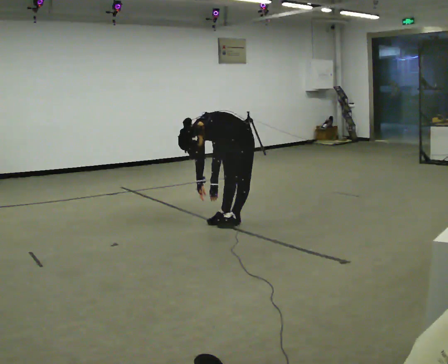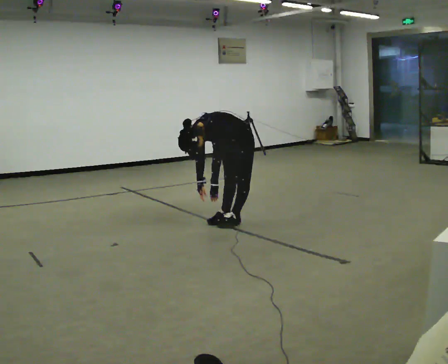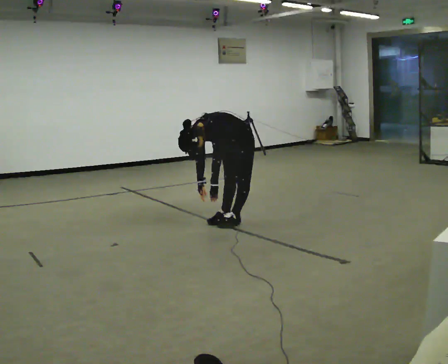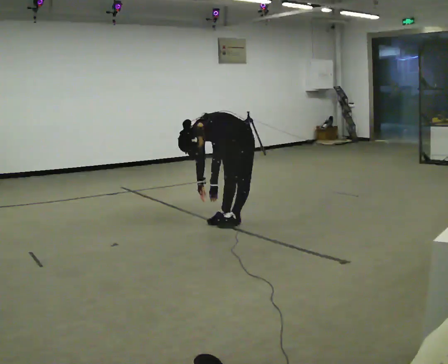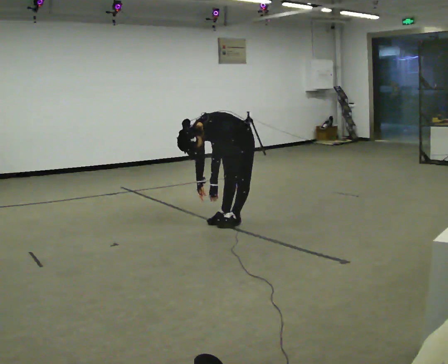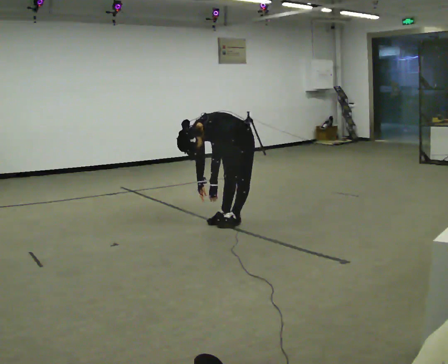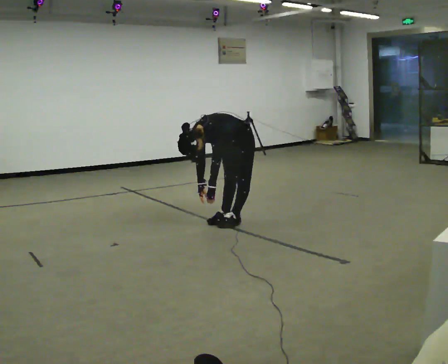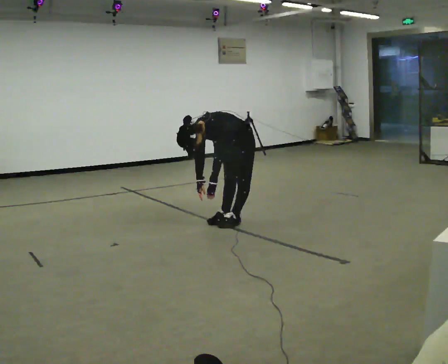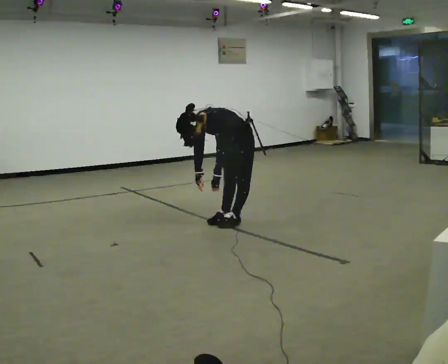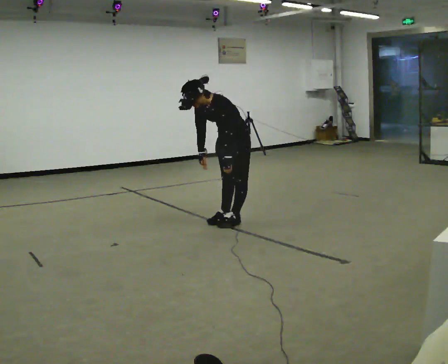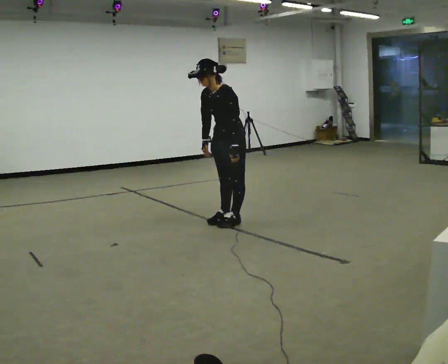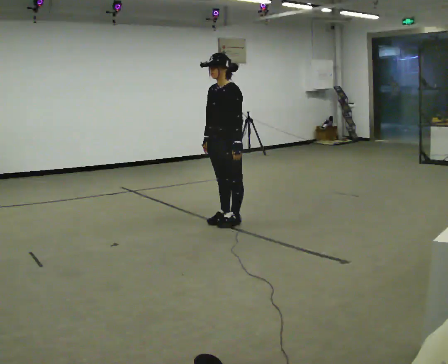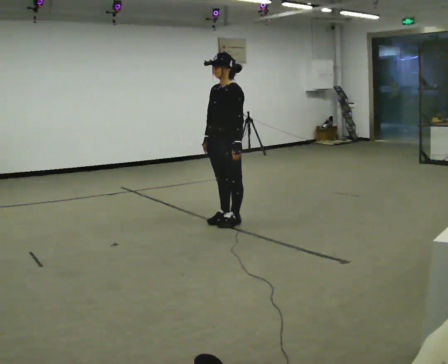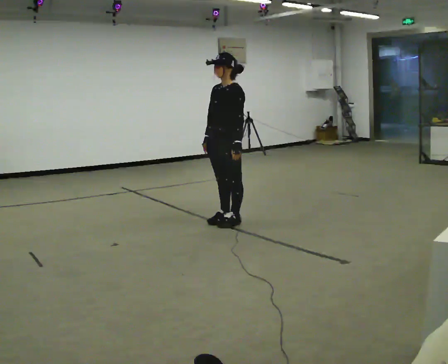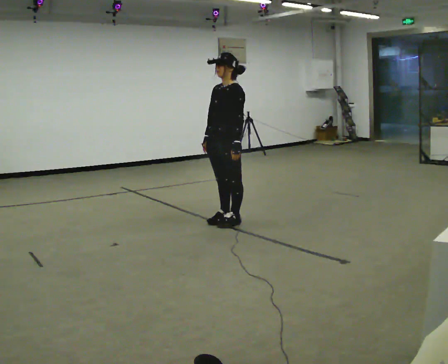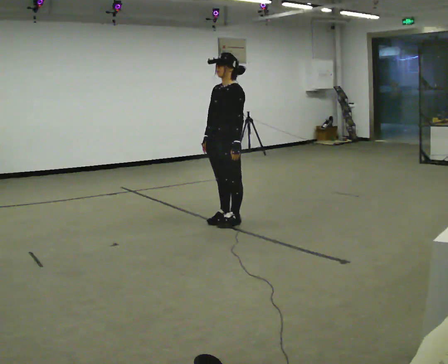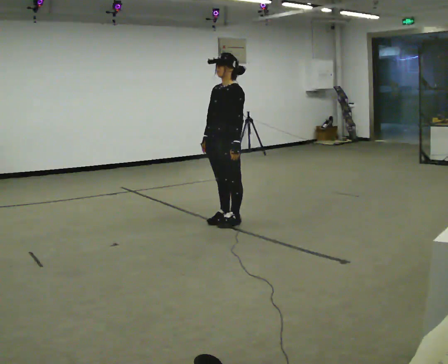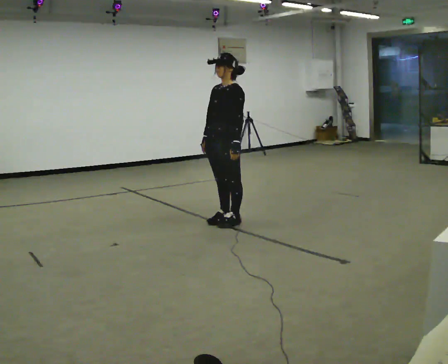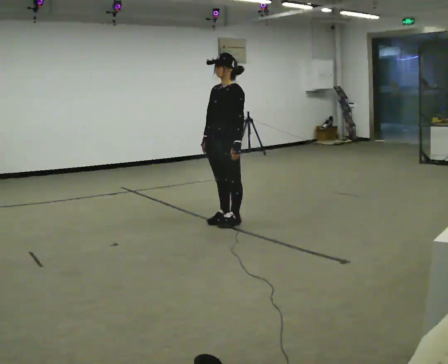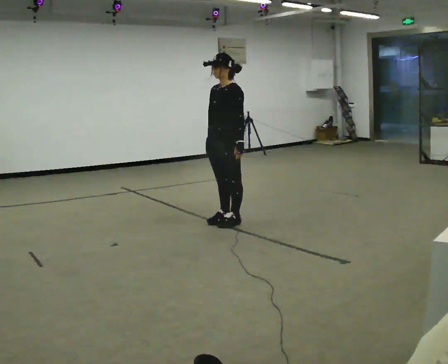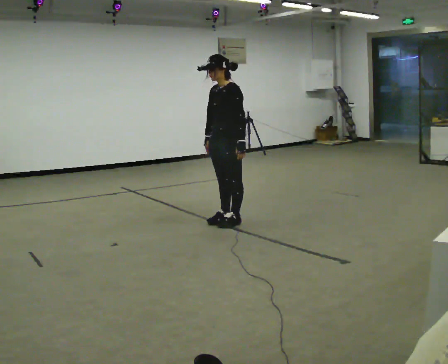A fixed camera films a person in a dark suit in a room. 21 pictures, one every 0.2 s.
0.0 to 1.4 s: The person moves a little, or ends about where they began.
1.4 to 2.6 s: The upper body goes upward. In the picture the upper body tilts clockwise, shoulders to the right, as they lean back or straighten. In the picture their right hand goes upward.
2.6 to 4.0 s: The person moves a little, or ends about where they began.
The film runs backward here.
